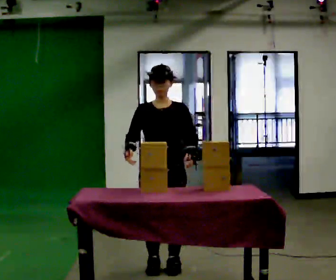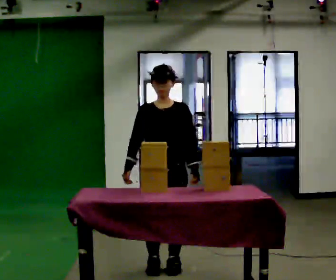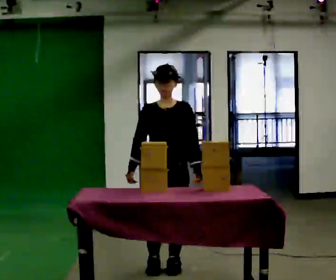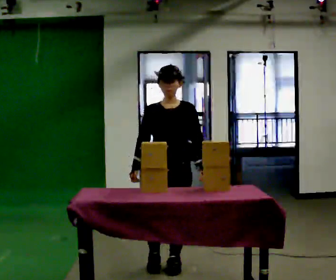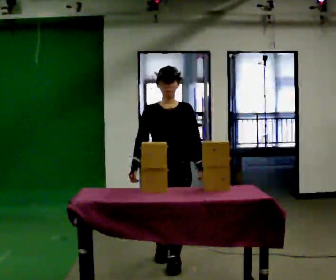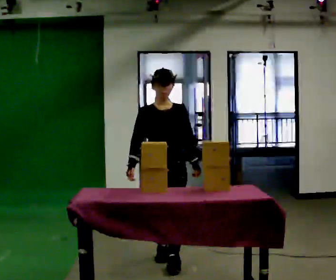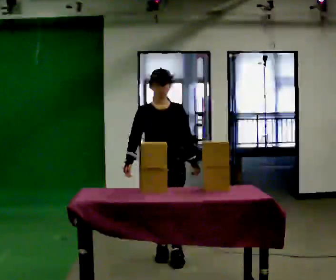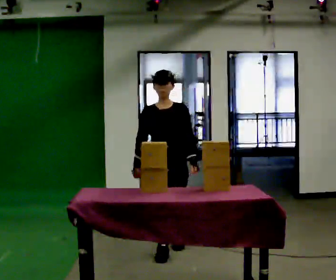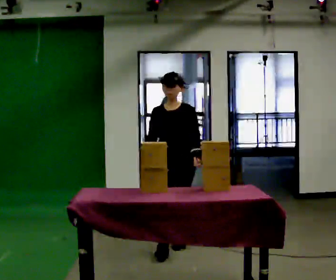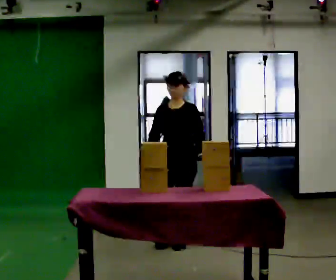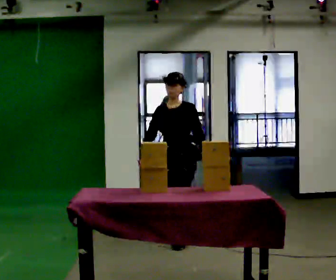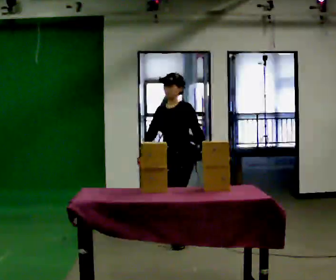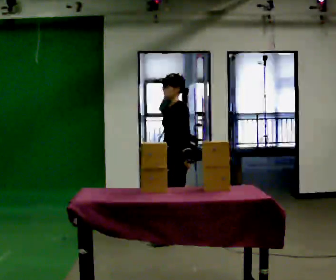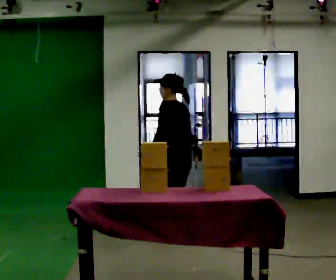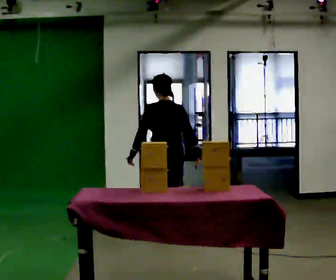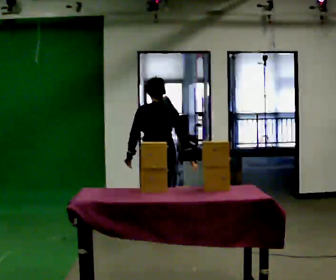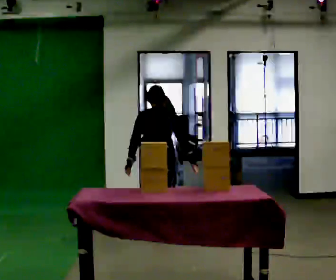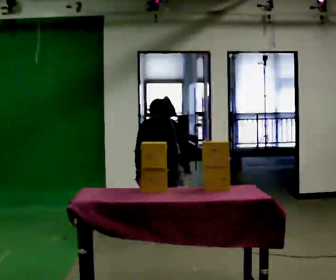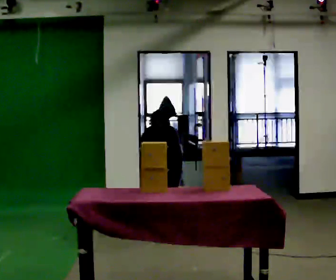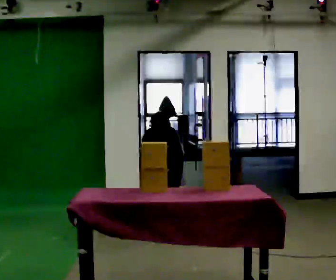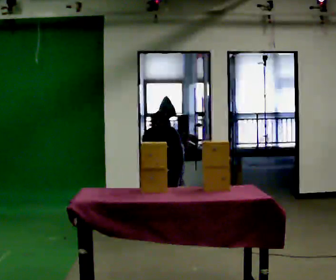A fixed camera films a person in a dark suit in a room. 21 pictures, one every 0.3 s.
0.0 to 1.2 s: The person moves a little, or ends about where they began.
1.2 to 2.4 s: In the picture they go away from the camera, about 0.5 m in 1 step, which for them is backward.
2.4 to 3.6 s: The person turns about 75 degrees to their right, clockwise seen from above, so the part of the body nearest the lens slides to the left. In the picture they go away from the camera, about 0.5 m in 2 steps.
3.6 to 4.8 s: The person turns about 105 degrees to their right, clockwise seen from above, so the part of the body nearest the lens slides to the left. In the picture they go to the left, about 0.25 m. The upper body tips away from the camera, its near side rolling upward, as they bend forward. In the picture their right hand goes to the right, the arm swinging counterclockwise.
4.8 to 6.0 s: The shoulders move downward. The upper body tips away from the camera, its near side rolling upward, as they bend forward.
The film runs backward here.
